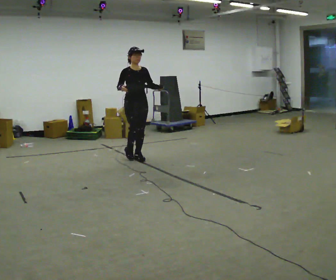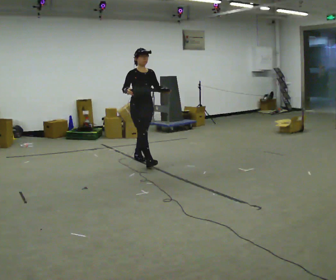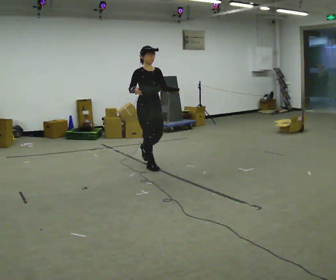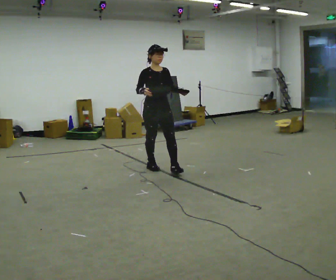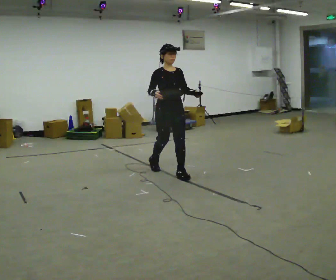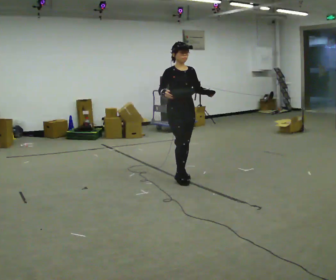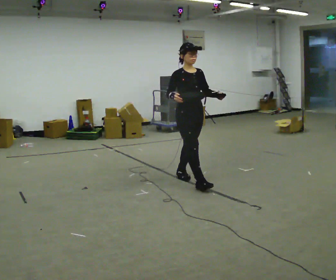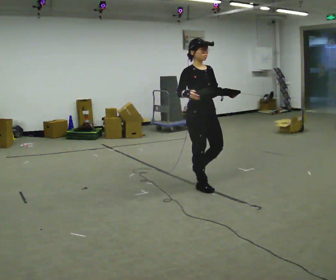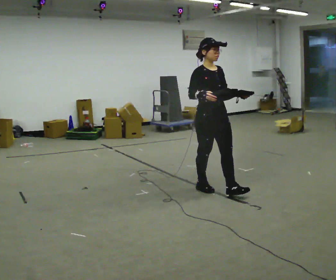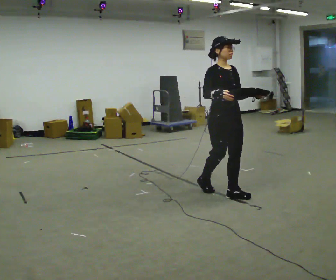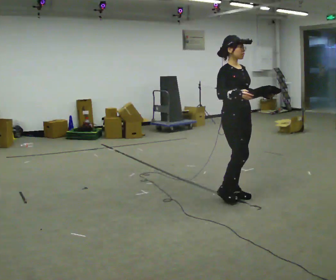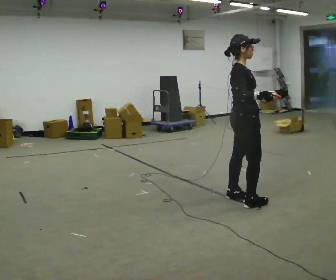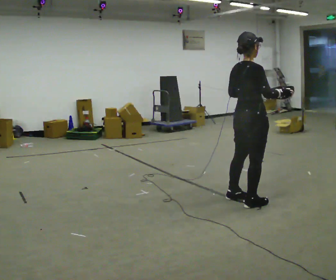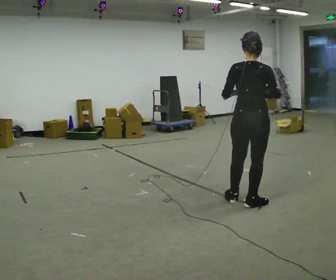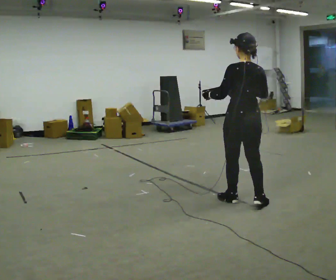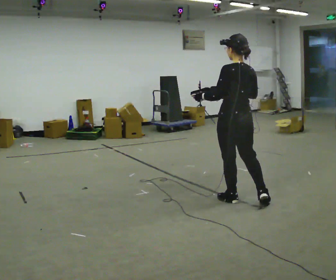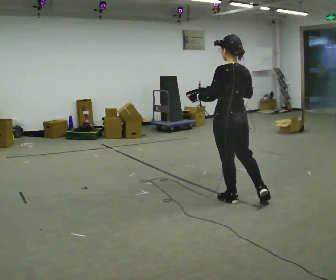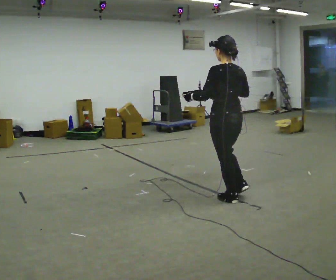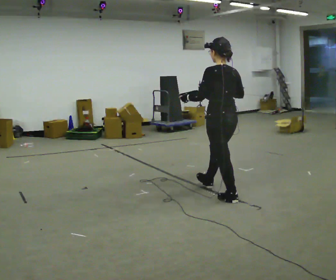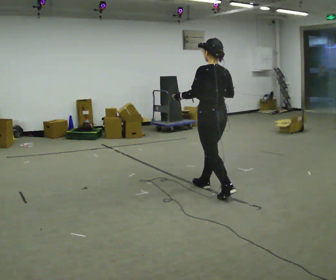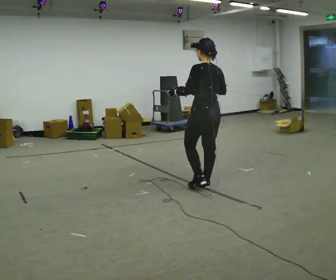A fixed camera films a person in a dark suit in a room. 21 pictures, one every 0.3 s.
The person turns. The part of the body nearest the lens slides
to the right.
The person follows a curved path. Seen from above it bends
clockwise.
0.0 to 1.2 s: In the picture they go to the right and toward the camera, about 1 m in 2 steps, which for them is forward.
1.2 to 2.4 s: In the picture they go to the right and toward the camera, about 1 m in 1 step, which for them is forward.
2.4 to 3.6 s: The part of the body nearest the lens slides to the right as the person turns to their left by about 75 degrees. In the picture they go to the right and toward the camera, about 0.5 m in 2 steps.
3.6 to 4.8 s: The part of the body nearest the lens slides to the right as the person turns to their left by about 90 degrees. In the picture their right hand goes to the left.
4.8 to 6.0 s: In the picture they go away from the camera and to the left, about 0.5 m in 1 step, which for them is forward.
The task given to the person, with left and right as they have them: Carry the box with its lid hanging open across the room, back and forth.
The film runs forward here.
